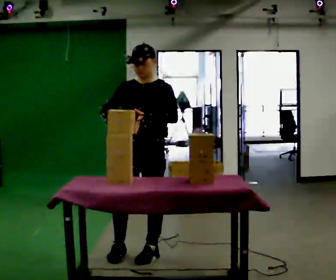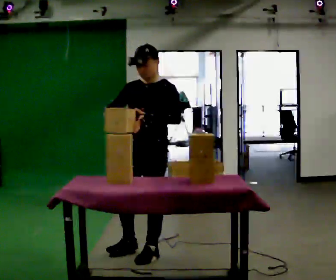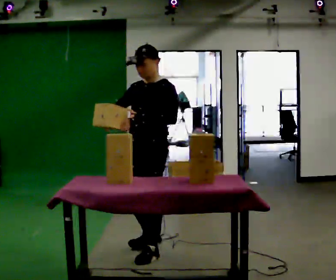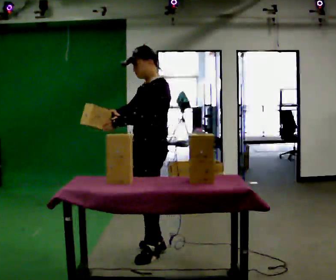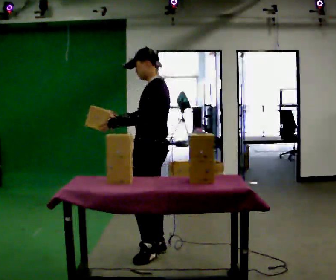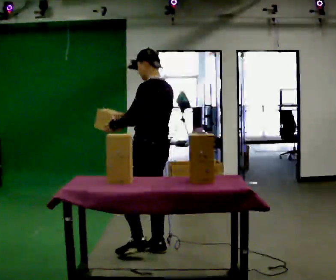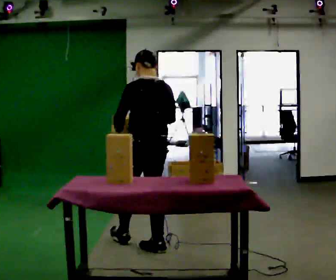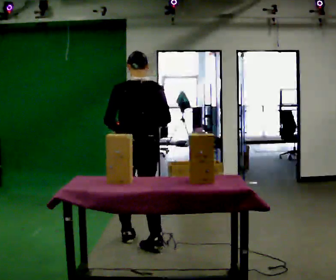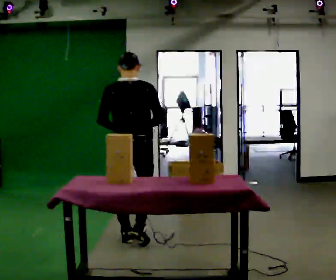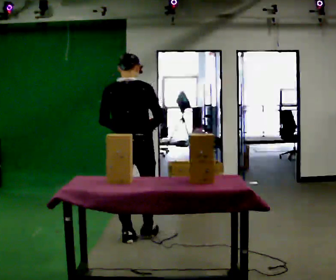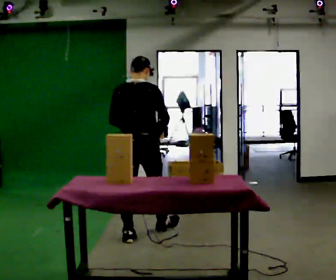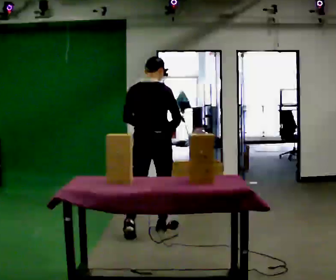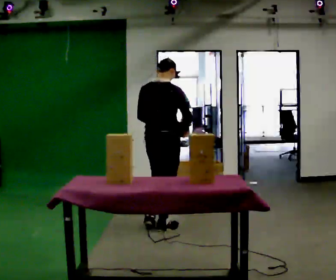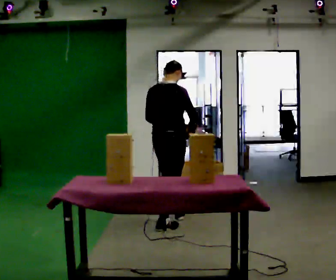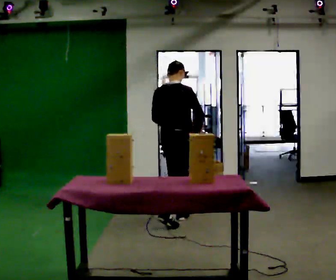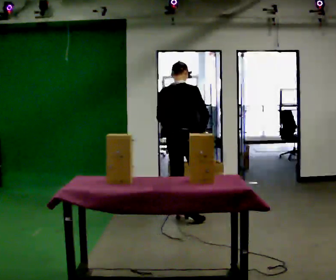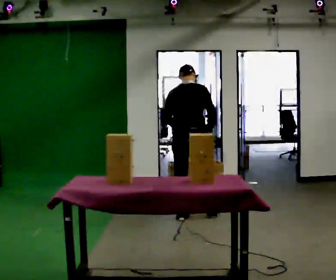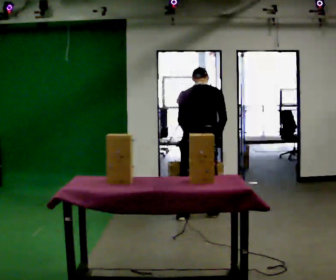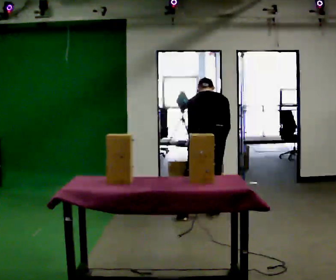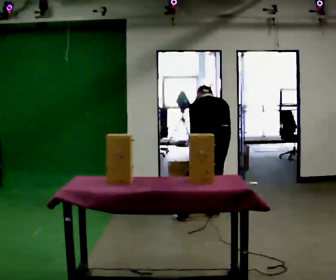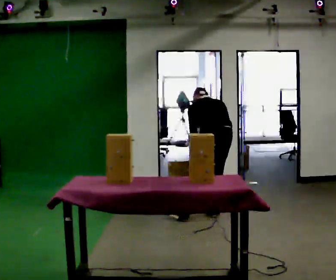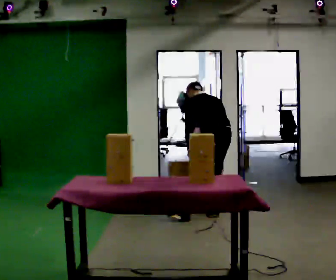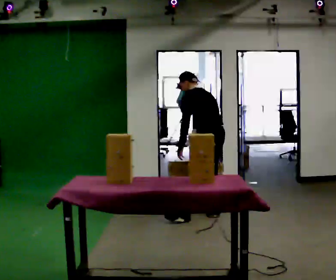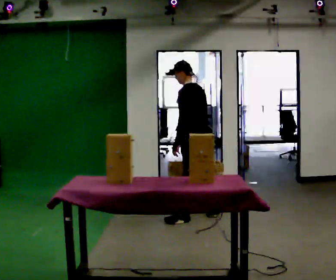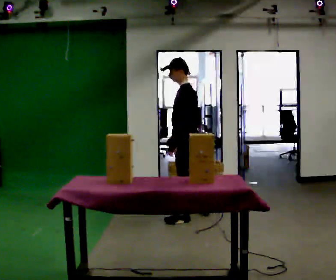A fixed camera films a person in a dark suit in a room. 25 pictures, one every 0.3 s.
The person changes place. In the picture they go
away from the camera.
0.0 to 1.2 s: The part of the body nearest the lens slides to the left as the person turns to their right by about 75 degrees. In the picture they go away from the camera, about 0.25 m in 1 step.
1.2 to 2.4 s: The person turns about 90 degrees to their right, clockwise seen from above, so the part of the body nearest the lens slides to the left. In the picture they go away from the camera and to the left, about 0.25 m in 1 step.
2.4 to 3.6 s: The person turns about 30 degrees to their right, clockwise seen from above, so the part of the body nearest the lens slides to the left. In the picture they go away from the camera and to the right, about 0.5 m in 1 step, which for them is forward.
3.6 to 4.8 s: In the picture they go away from the camera and to the right, about 0.5 m in 1 step, which for them is forward.
4.8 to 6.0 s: The part of the body nearest the lens slides to the right as the person turns to their left by about 45 degrees. In the picture they go to the right, about 0.25 m in 1 step, which for them is to their right. The upper body goes downward. The upper body tips away from the camera, its near side rolling upward, as they bend forward.
6.0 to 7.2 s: The person turns about 60 degrees to their left, counterclockwise seen from above, so the part of the body nearest the lens slides to the right. In the picture they go to the left, about 0.25 m. The upper body goes upward. The upper body tips toward the camera, its near side rolling downward, as they lean back or straighten.
The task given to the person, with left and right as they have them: Clear everything off the table and put it away on the shelf, in as many trips as you need. Keep going until the operator says stop; one object at a time, and do not rush between trips.
The film runs forward here.
